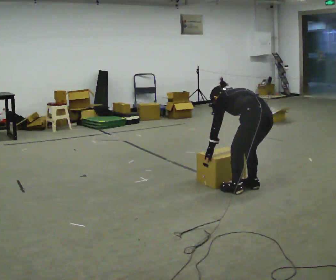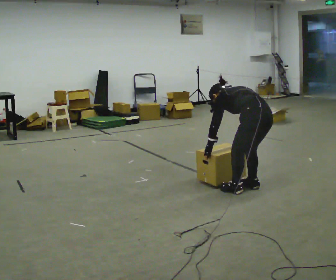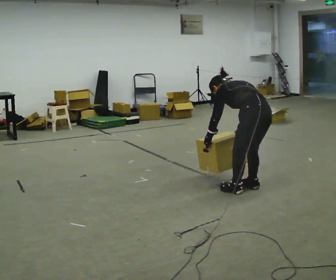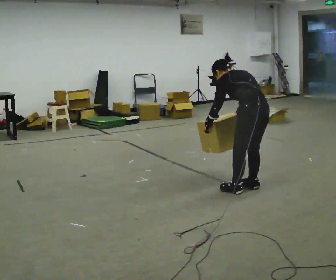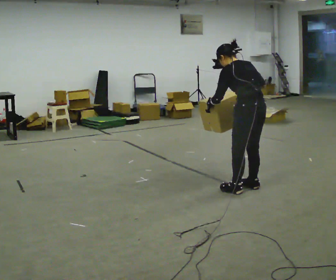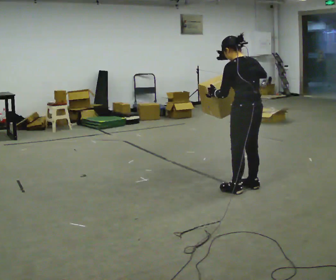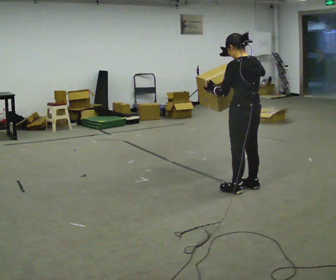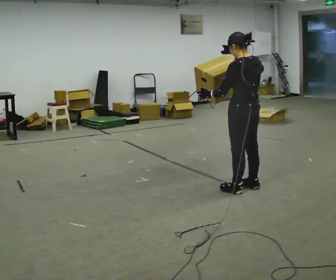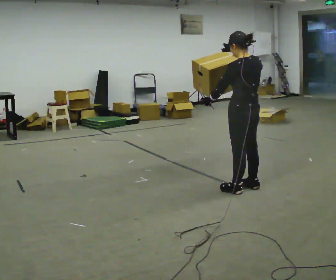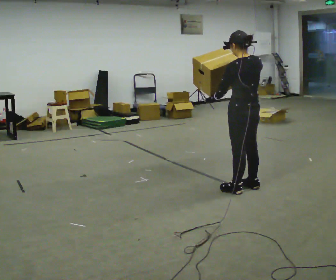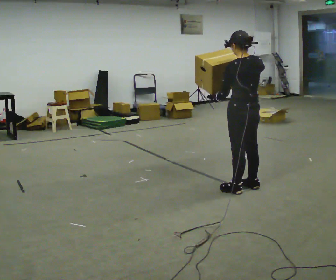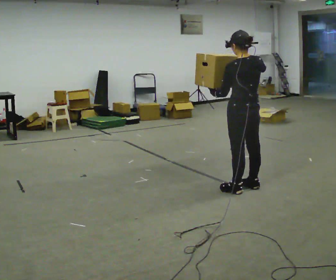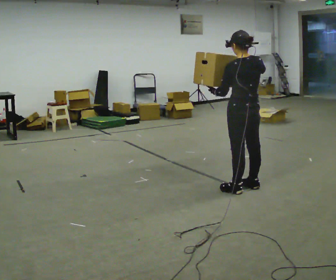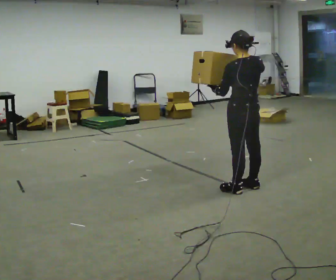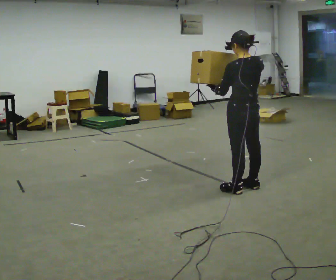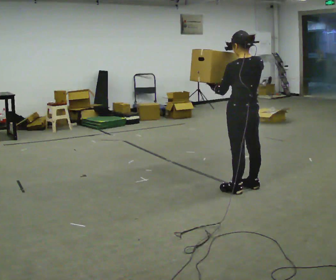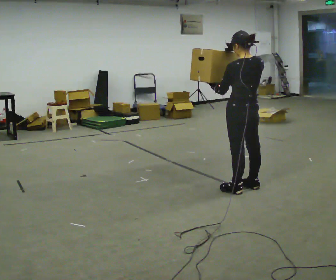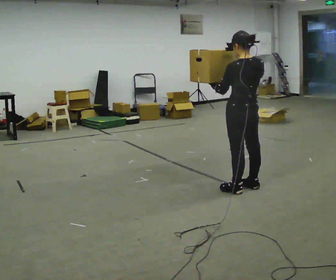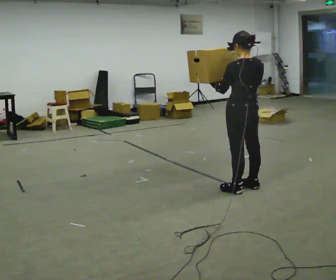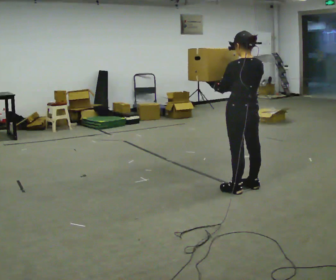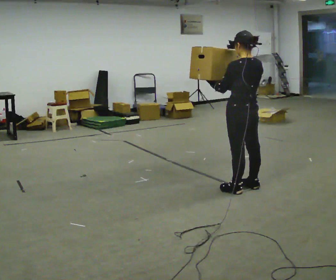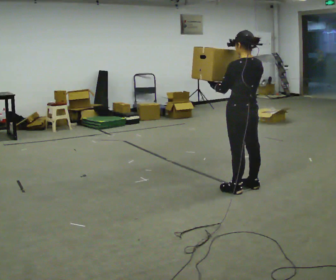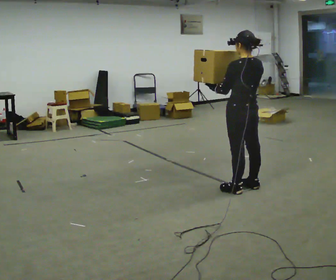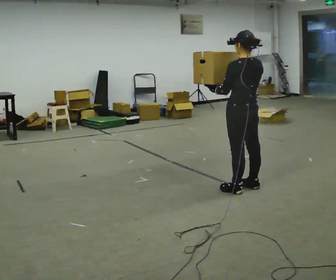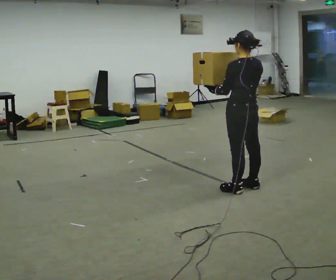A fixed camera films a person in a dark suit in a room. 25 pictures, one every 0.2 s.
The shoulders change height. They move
upward.
0.0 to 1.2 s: The shoulders move upward. The upper body tips toward the camera, its near side rolling downward, as they lean back or straighten. In the picture their right hand goes upward.
1.2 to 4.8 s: The person moves a little, or ends about where they began.
The film runs forward here.
